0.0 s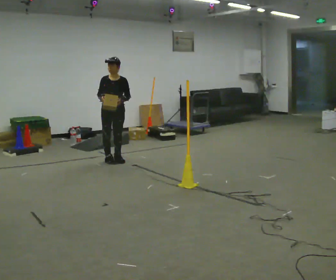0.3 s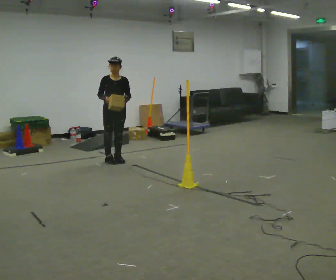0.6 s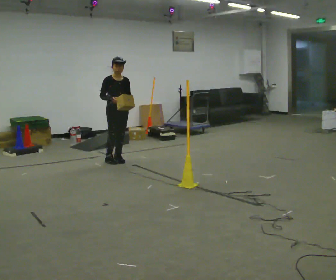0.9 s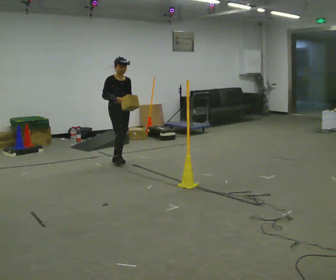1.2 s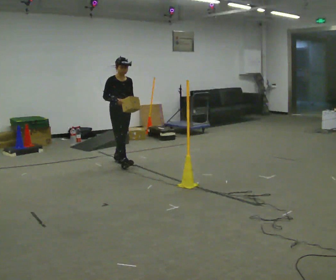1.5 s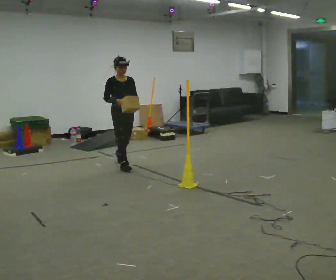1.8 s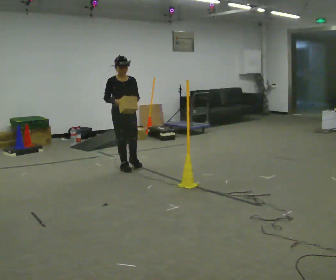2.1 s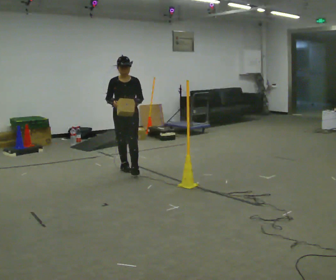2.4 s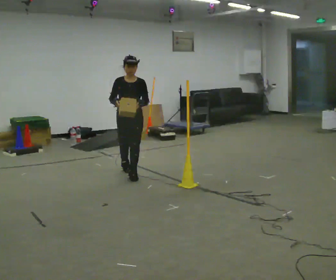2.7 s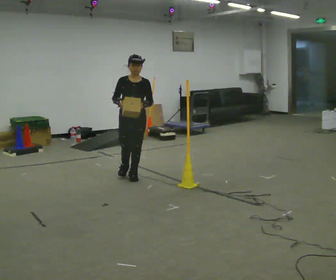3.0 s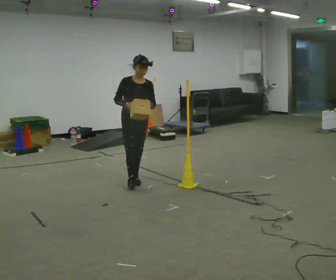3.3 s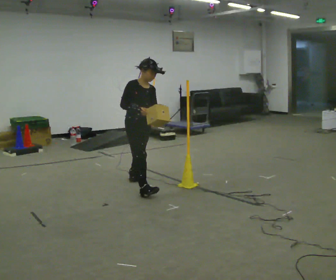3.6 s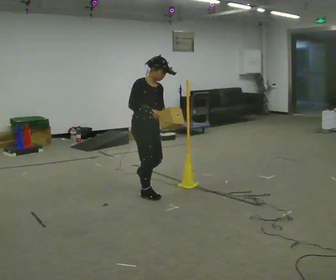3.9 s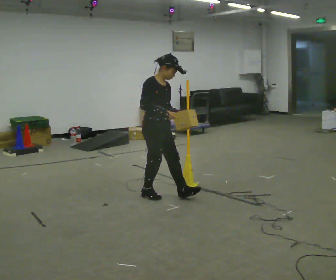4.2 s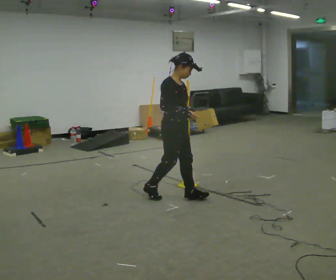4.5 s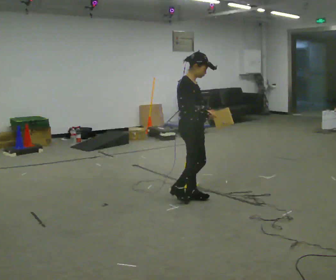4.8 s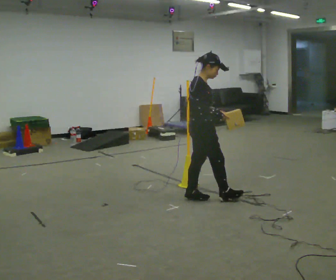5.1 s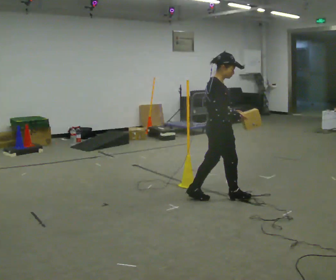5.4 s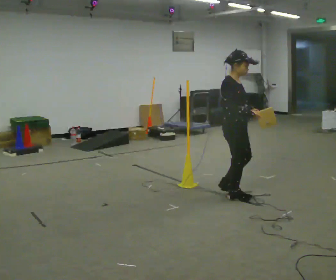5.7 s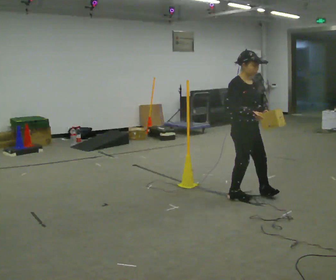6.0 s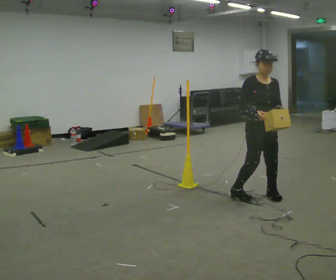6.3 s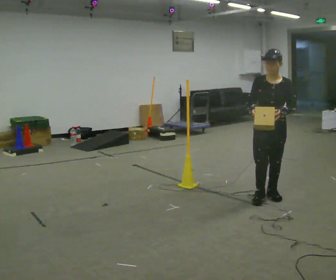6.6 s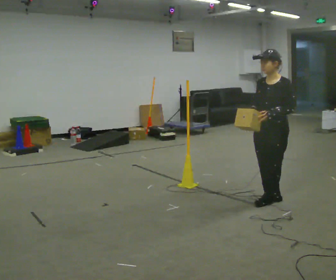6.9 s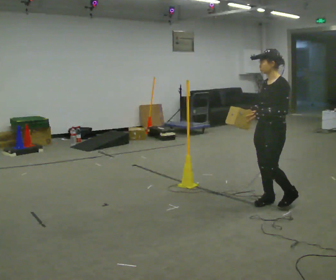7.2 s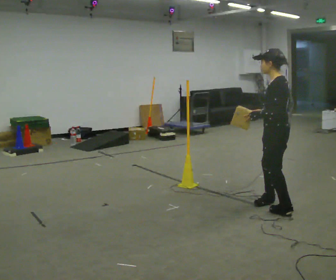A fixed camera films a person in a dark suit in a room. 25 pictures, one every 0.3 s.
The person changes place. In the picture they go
toward the camera.
0.0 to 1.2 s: Seen from above the body turns counterclockwise, about 30 degrees: to their left, with its near side sliding to the right.
1.2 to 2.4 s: The person turns about 30 degrees to their right, clockwise seen from above, so the part of the body nearest the lens slides to the left. In the picture they go toward the camera, about 0.5 m in 2 steps, which for them is forward.
2.4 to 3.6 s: Seen from above the body turns counterclockwise, about 45 degrees: to their left, with its near side sliding to the right. In the picture they go toward the camera, about 1 m in 1 step, which for them is forward.
3.6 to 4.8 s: The part of the body nearest the lens slides to the right as the person turns to their left by about 45 degrees. In the picture they go to the right and toward the camera, about 0.5 m in 1 step, which for them is forward.
4.8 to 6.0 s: Seen from above the body turns clockwise, about 75 degrees: to their right, with its near side sliding to the left. In the picture they go to the right, about 0.5 m in 2 steps.
6.0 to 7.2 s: The part of the body nearest the lens slides to the left as the person turns to their right by about 135 degrees. In the picture they go toward the camera, about 0.25 m in 2 steps.
The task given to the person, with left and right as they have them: Carry the box across the room. The operator will step into your path partway across, so go around them and carry on. Keep going until the operator says stop; one object at a time, and do not rush between trips.
The film runs forward here.
